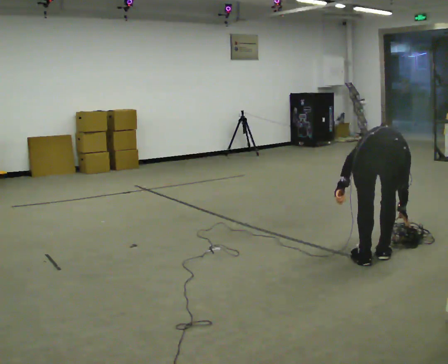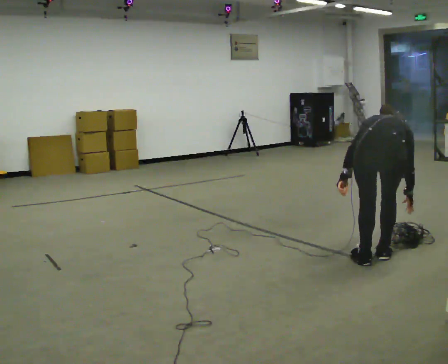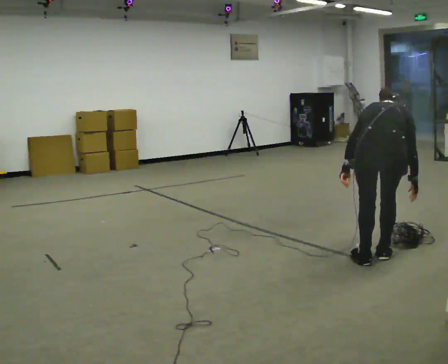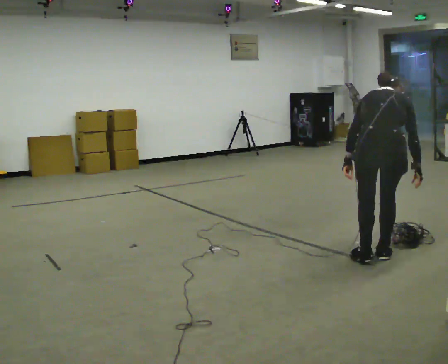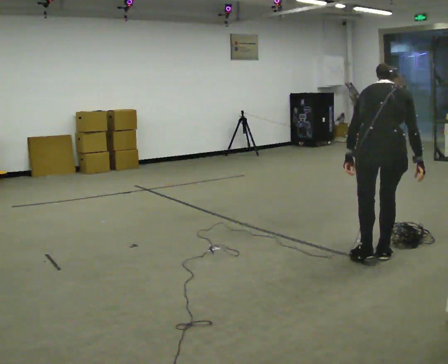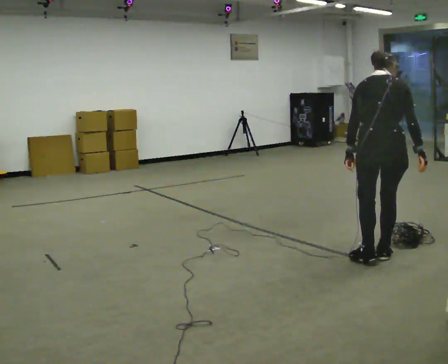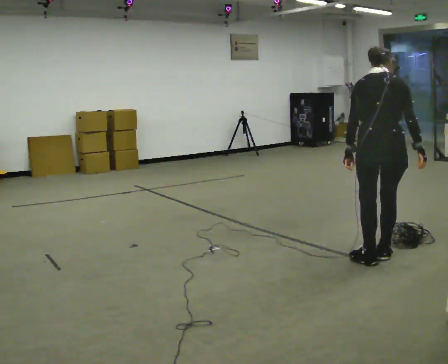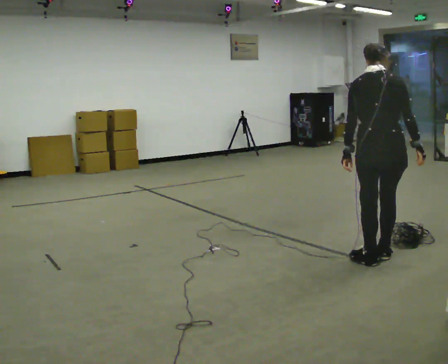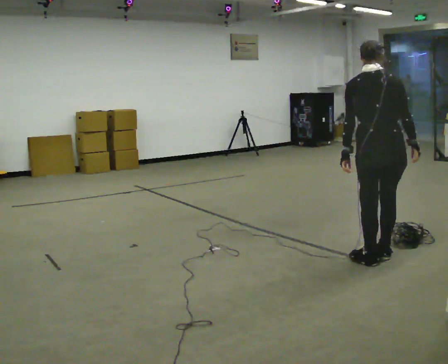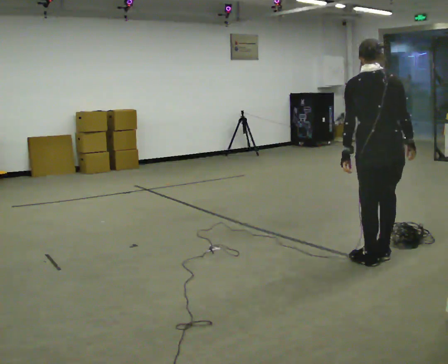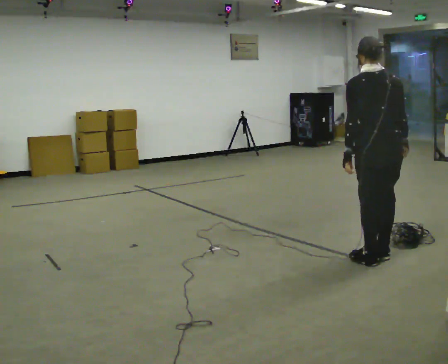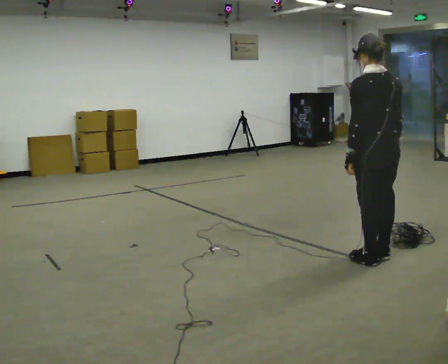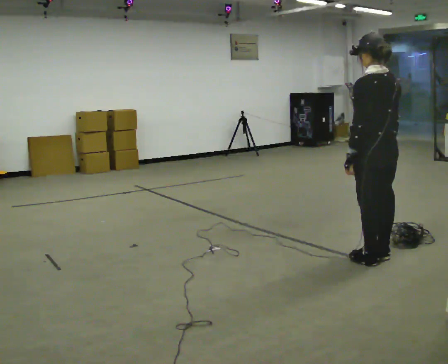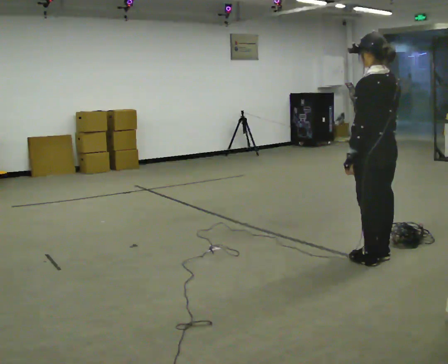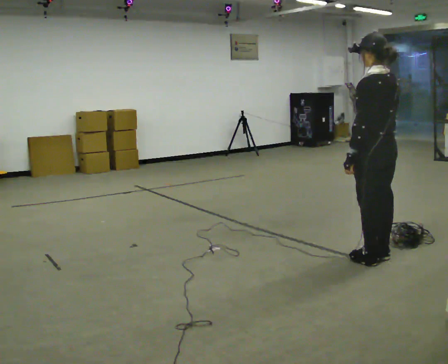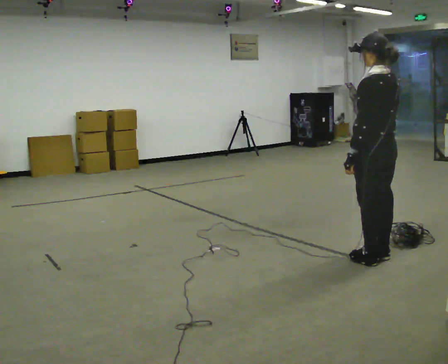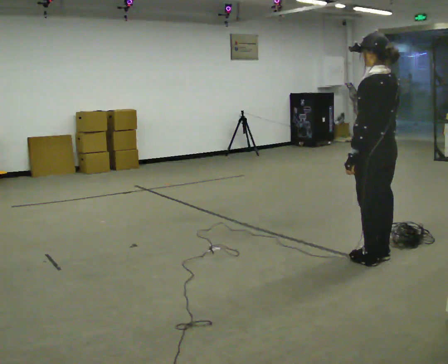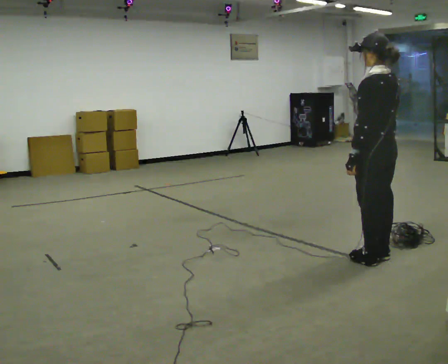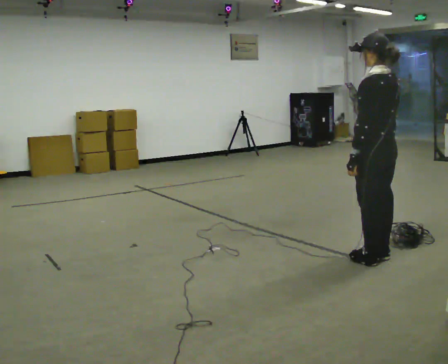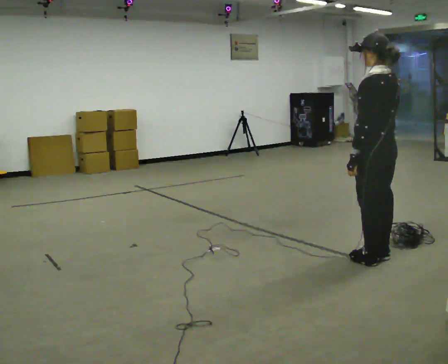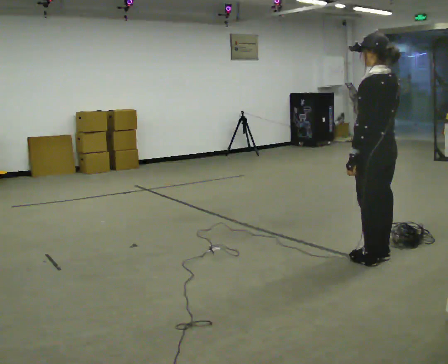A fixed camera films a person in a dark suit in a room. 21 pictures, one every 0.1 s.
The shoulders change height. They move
upward.
The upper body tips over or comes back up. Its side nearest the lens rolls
downward.
0.0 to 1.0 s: The person turns about 30 degrees to their left, counterclockwise seen from above, so the part of the body nearest the lens slides to the right. The upper body goes upward. The upper body tips toward the camera, its near side rolling downward, as they lean back or straighten.
1.0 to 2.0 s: The person turns about 30 degrees to their left, counterclockwise seen from above, so the part of the body nearest the lens slides to the right.
The film runs backward here.
